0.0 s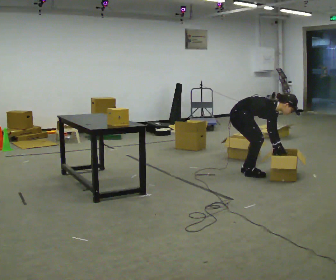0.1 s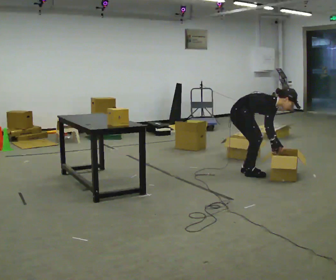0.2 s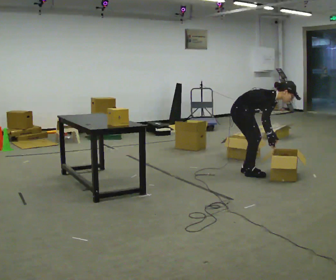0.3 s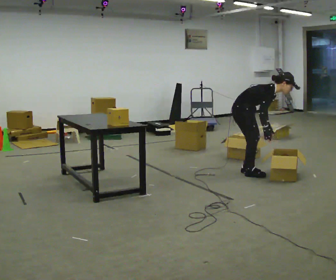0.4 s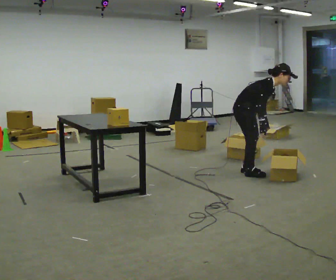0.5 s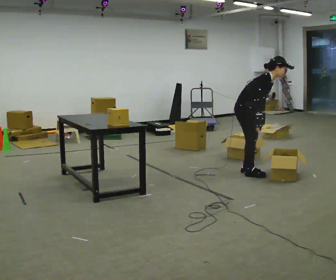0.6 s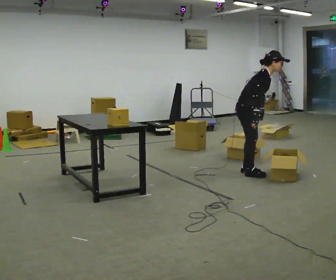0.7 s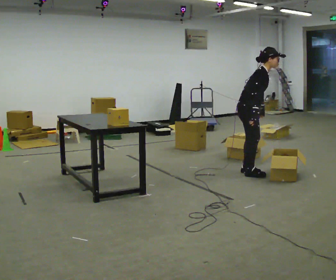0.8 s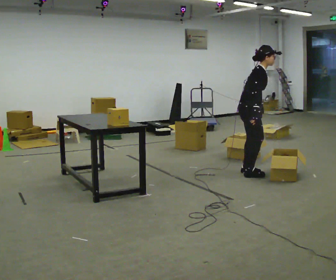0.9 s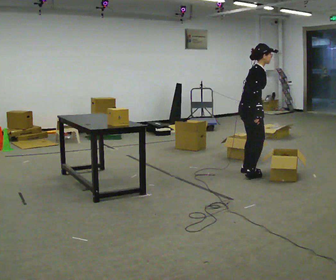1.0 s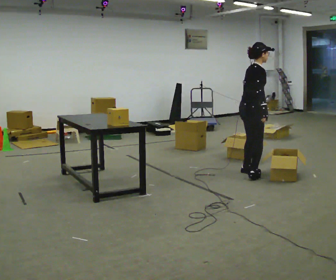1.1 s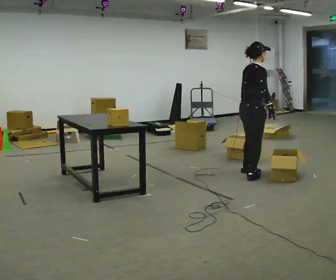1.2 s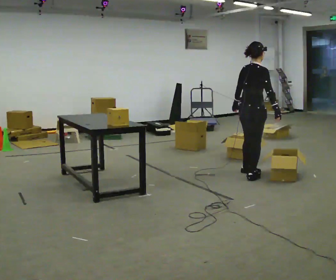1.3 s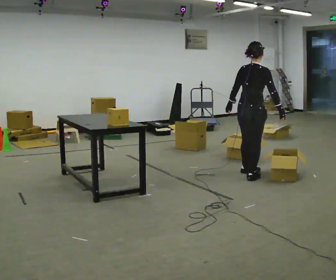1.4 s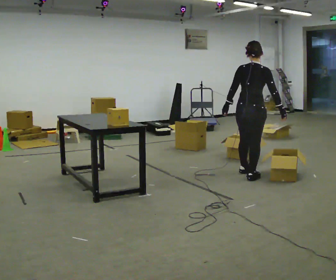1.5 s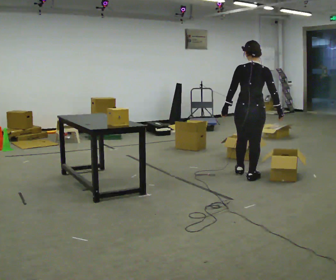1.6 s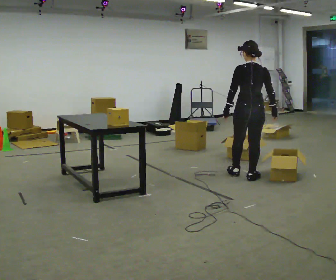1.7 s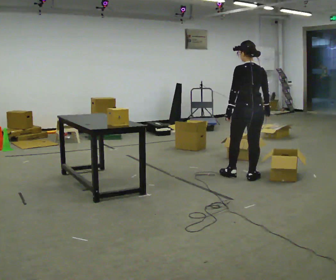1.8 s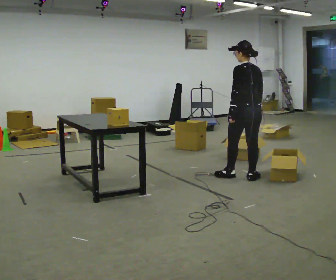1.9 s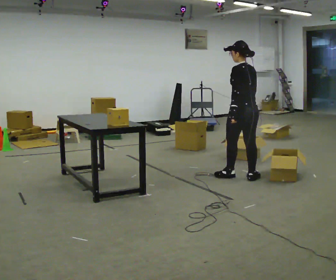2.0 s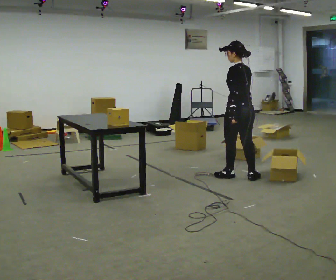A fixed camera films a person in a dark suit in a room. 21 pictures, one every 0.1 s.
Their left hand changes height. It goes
upward.
The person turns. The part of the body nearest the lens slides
to the right.
0.0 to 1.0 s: The part of the body nearest the lens slides to the right as the person turns to their left by about 30 degrees. The shoulders move upward. In the picture the upper body tilts counterclockwise, shoulders to the left, as they lean back or straighten. In the picture their left hand goes upward and to the left.
1.0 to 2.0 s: Seen from above the body turns counterclockwise, about 120 degrees: to their left, with its near side sliding to the right.
The film runs forward here.
